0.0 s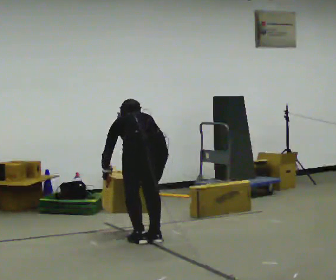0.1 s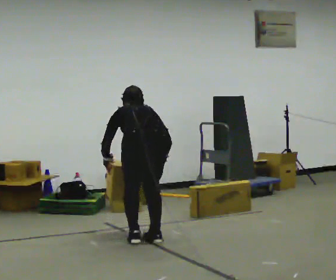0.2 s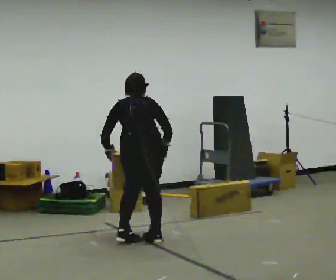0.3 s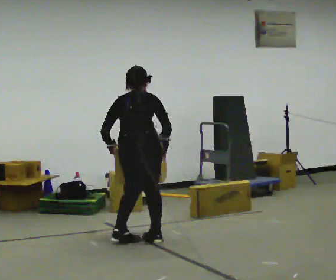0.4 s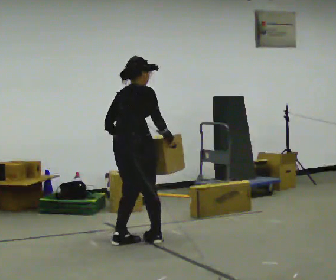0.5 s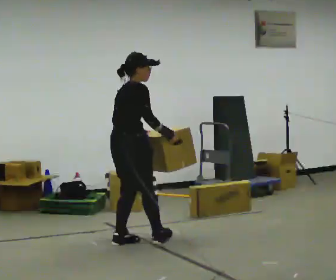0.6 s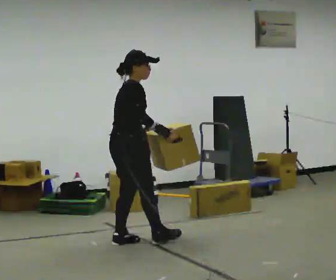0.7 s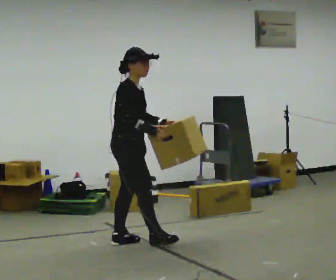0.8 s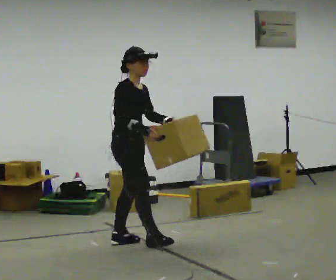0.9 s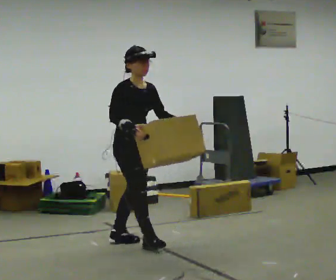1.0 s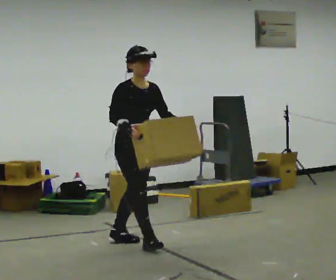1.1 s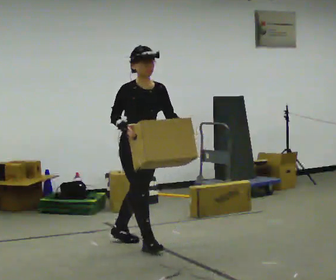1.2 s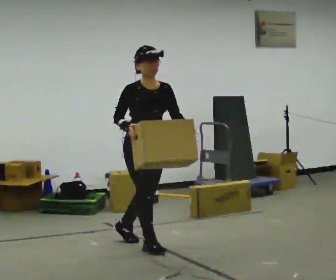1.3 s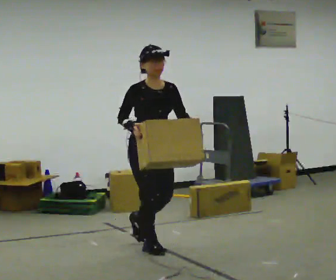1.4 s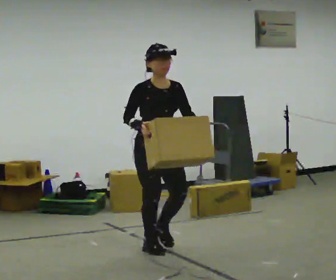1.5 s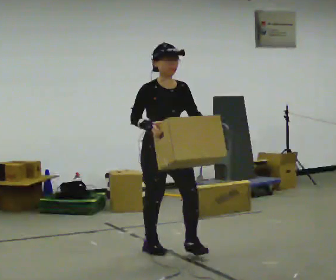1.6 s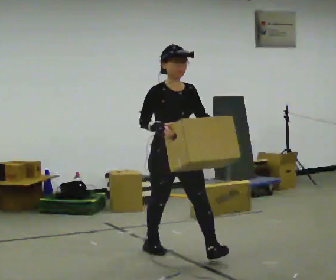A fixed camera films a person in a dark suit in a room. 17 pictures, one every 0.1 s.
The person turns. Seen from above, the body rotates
clockwise.
The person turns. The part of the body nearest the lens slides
to the left.
0.0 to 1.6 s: The part of the body nearest the lens slides to the left as the person turns to their right by about 165 degrees. In the picture they go toward the camera and to the right, about 0.5 m in 2 steps. The shoulders move upward. The upper body tips toward the camera, its near side rolling downward, as they lean back or straighten. In the picture their left hand goes upward, the arm swinging counterclockwise.
The film runs forward here.
